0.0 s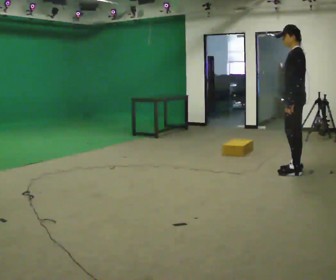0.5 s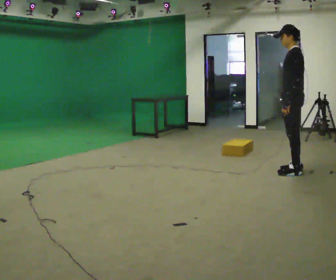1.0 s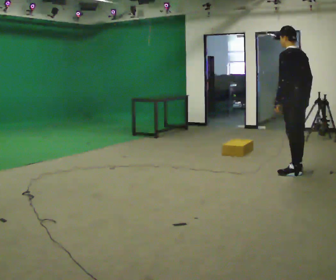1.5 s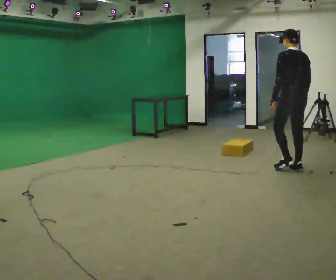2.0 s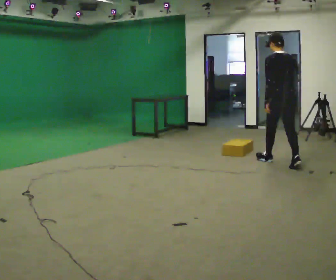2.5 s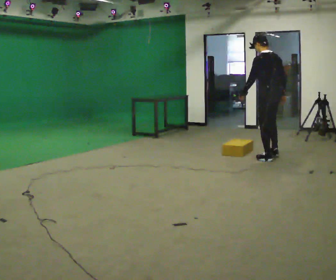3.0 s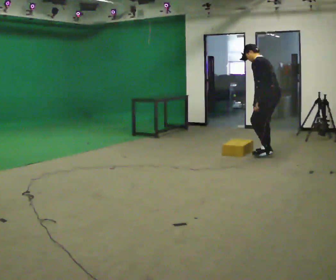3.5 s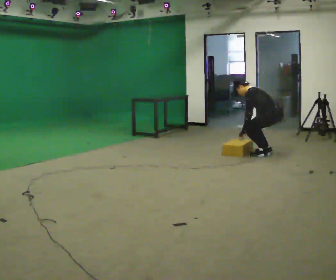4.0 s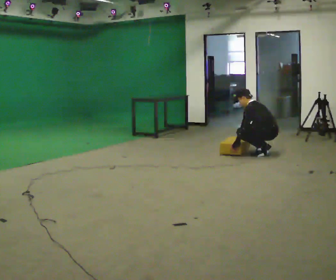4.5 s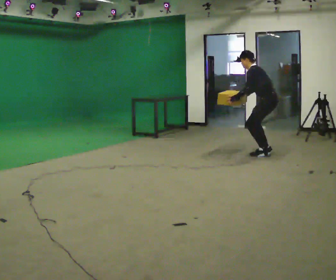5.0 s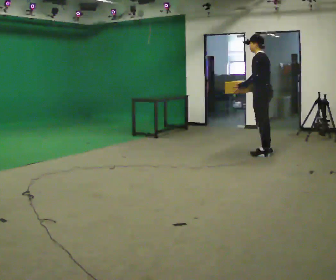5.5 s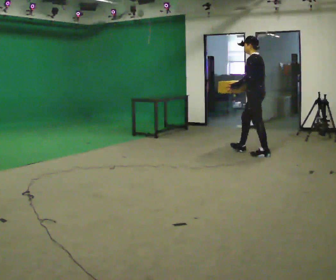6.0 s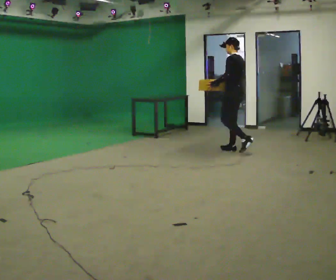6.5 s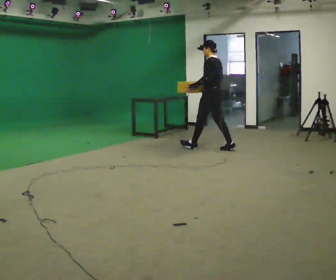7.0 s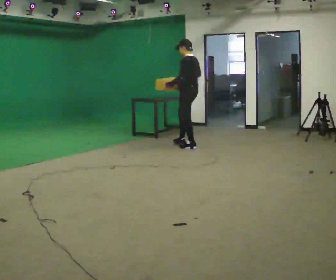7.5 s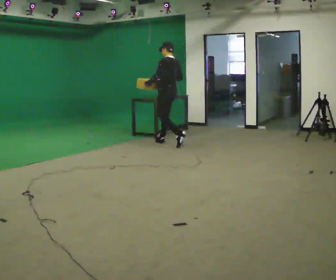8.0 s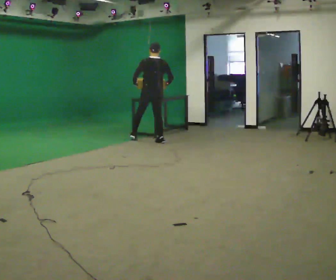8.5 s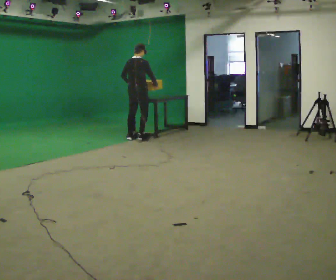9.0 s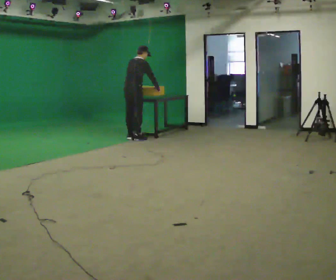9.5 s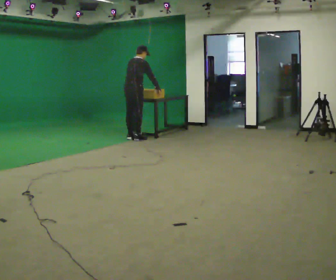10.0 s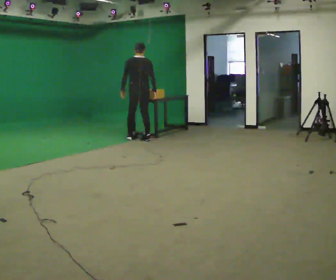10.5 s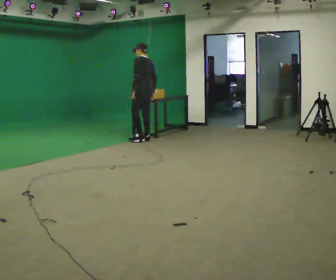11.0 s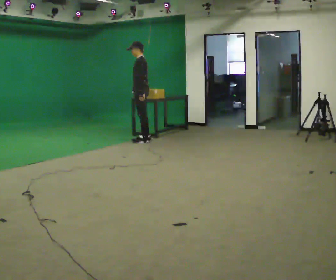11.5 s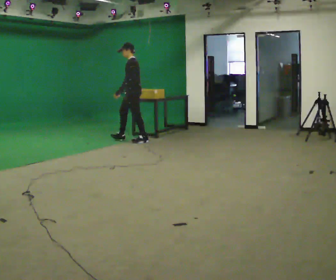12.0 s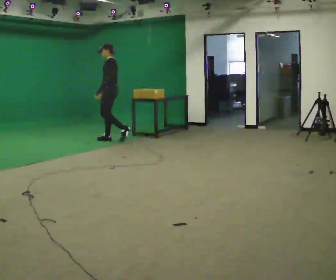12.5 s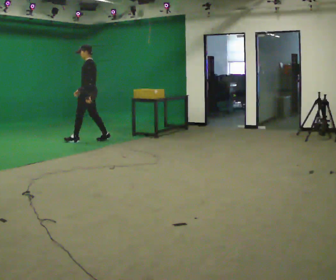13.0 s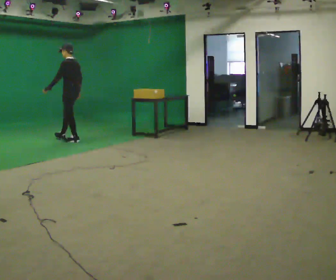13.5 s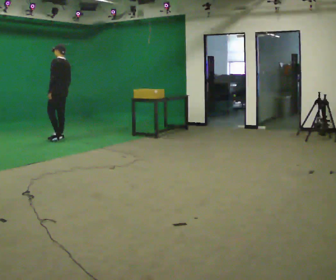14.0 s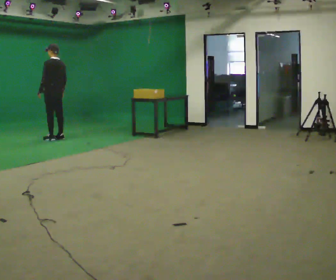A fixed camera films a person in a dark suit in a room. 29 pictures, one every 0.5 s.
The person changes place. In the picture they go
to the left.
0.0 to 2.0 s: The person turns about 60 degrees to their right, clockwise seen from above, so the part of the body nearest the lens slides to the left. In the picture they go away from the camera, about 0.5 m in 1 step.
2.0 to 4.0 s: The part of the body nearest the lens slides to the right as the person turns to their left by about 45 degrees. In the picture they go away from the camera, about 0.5 m in 2 steps, which for them is to their right and forward. The upper body goes downward. In the picture their right hand goes downward.
4.0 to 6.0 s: In the picture they go to the left and away from the camera, about 0.5 m in 1 step, which for them is forward. The shoulders move upward. In the picture the upper body tilts clockwise, shoulders to the right, as they lean back or straighten. In the picture their left hand goes upward.
6.0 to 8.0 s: The person turns about 60 degrees to their right, clockwise seen from above, so the part of the body nearest the lens slides to the left. In the picture they go to the left and away from the camera, about 1.5 m in 2 steps, which for them is forward.
8.0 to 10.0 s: In the picture they go to the left and away from the camera, about 0.25 m in 3 steps, which for them is to their left.
10.0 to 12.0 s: The person turns about 90 degrees to their left, counterclockwise seen from above, so the part of the body nearest the lens slides to the right. In the picture they go to the left, about 0.5 m in 2 steps.
12.0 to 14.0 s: The part of the body nearest the lens slides to the left as the person turns to their right by about 30 degrees. In the picture they go to the left, about 1 m in 3 steps, which for them is forward.
The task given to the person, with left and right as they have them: Walk quickly but do not run; remain comfortable and controlled; stop.
The film runs forward here.
